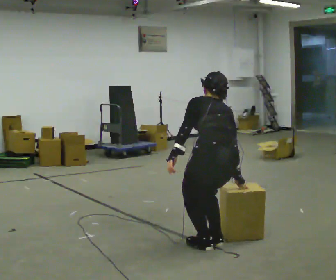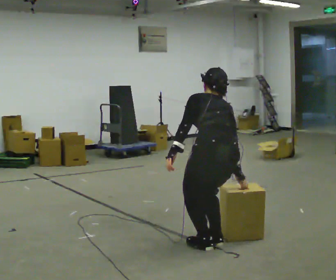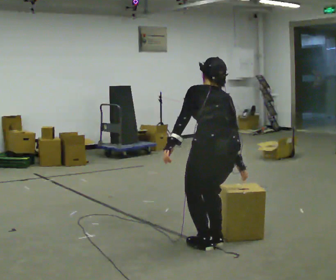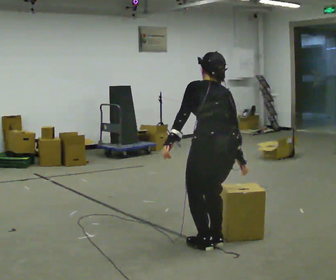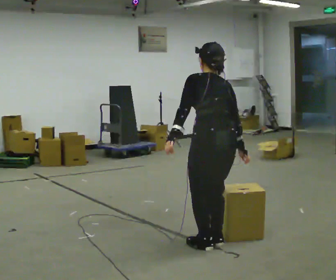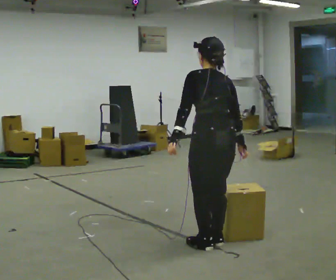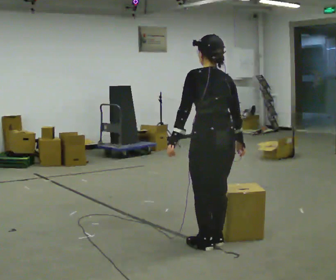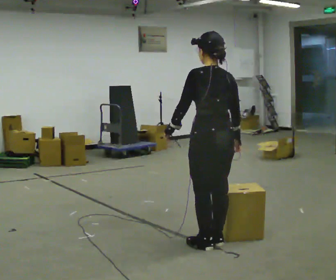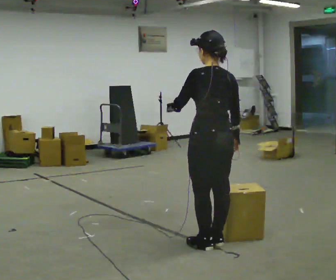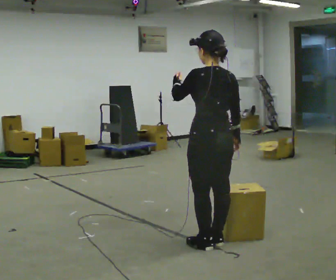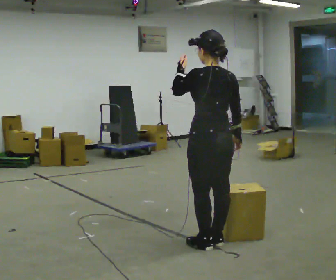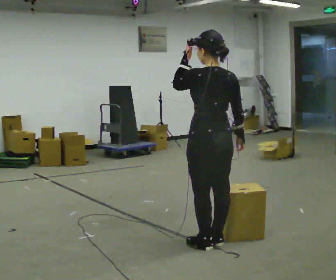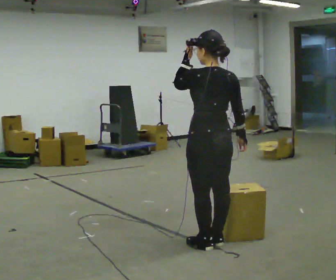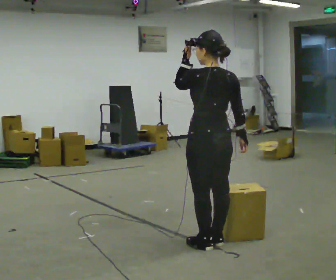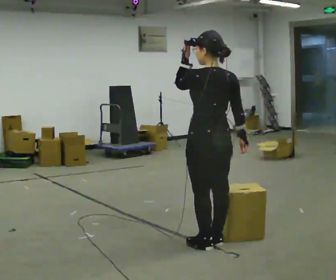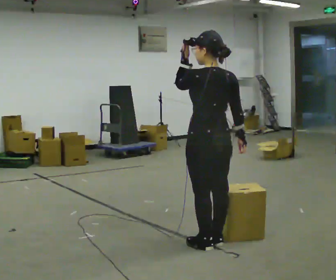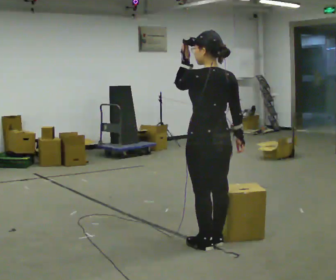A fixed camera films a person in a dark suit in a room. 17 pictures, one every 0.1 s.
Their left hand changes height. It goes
upward.
The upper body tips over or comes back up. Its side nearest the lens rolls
downward.
0.0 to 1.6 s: The upper body goes upward. The upper body tips toward the camera, its near side rolling downward, as they lean back or straighten. In the picture their left hand goes upward.
The film runs forward here.
